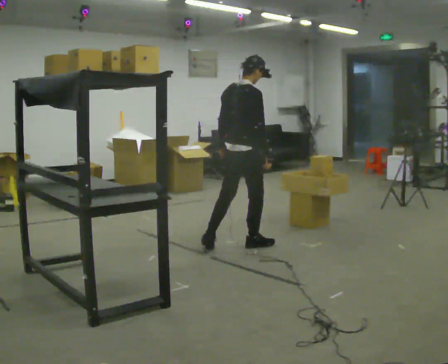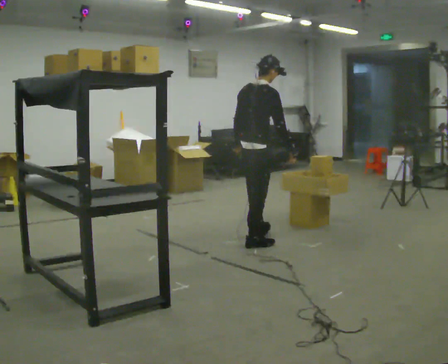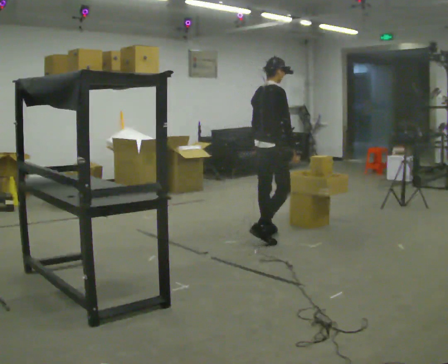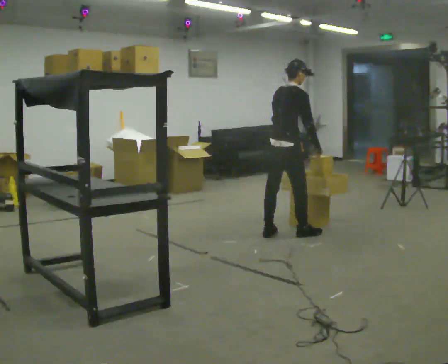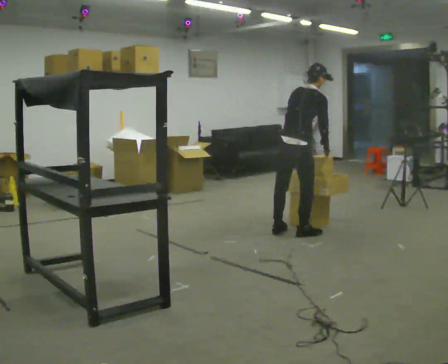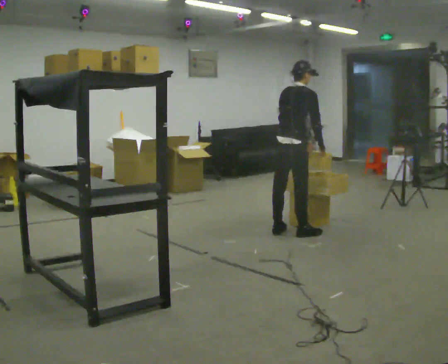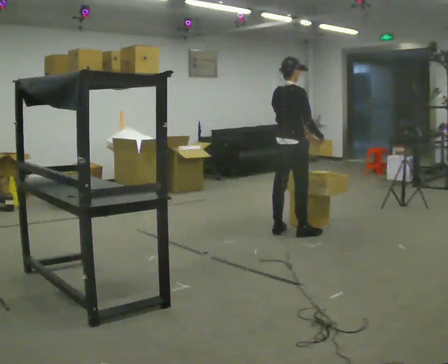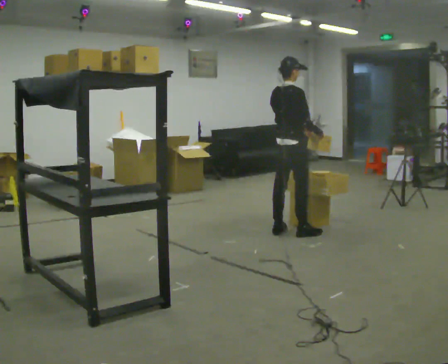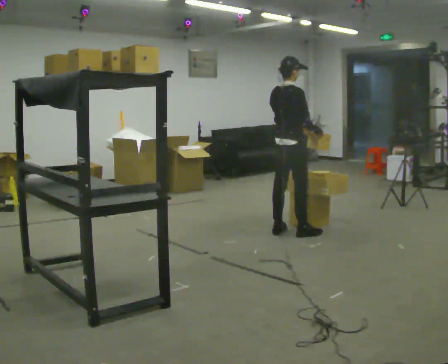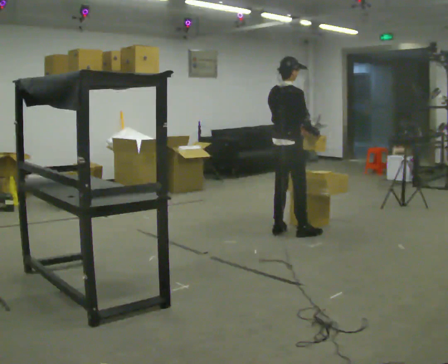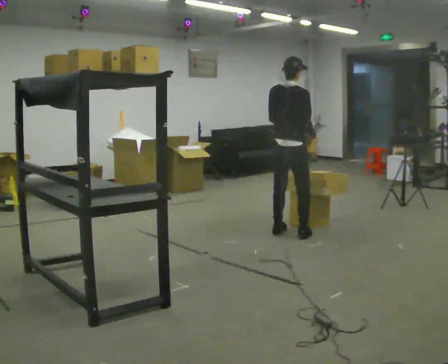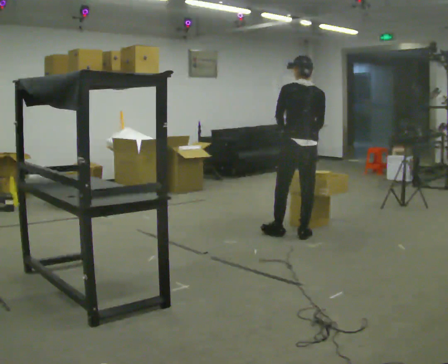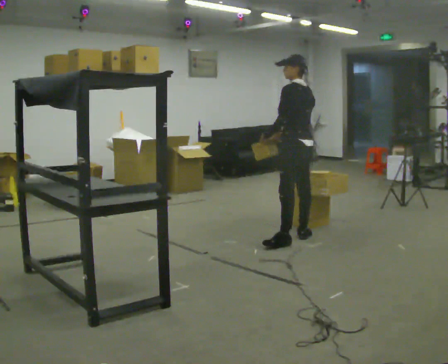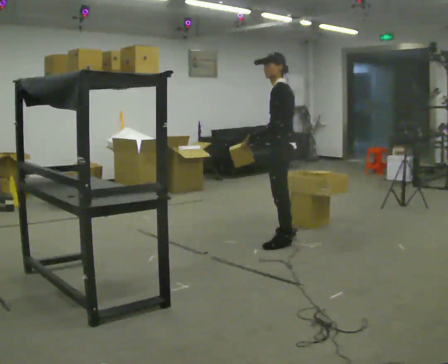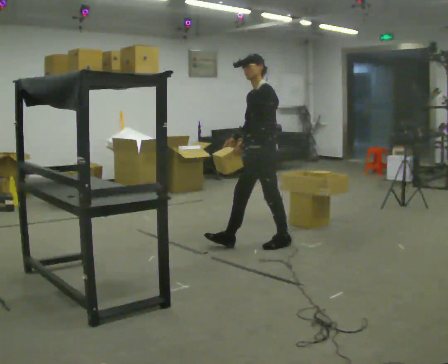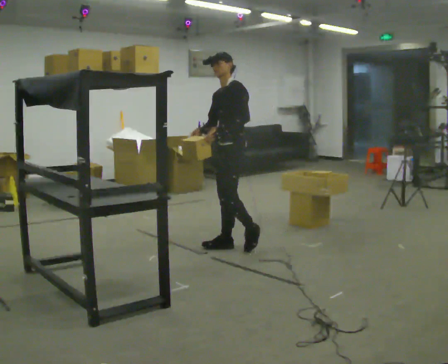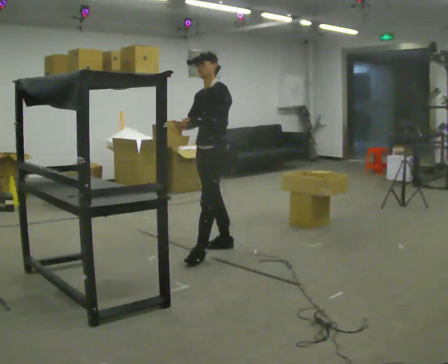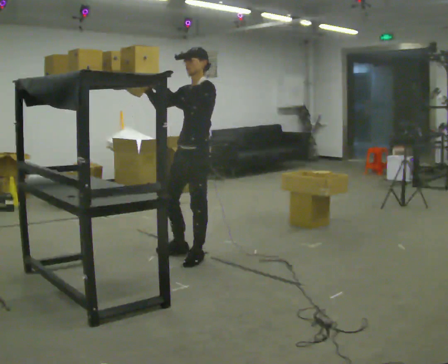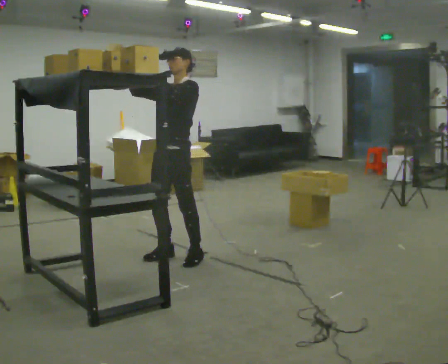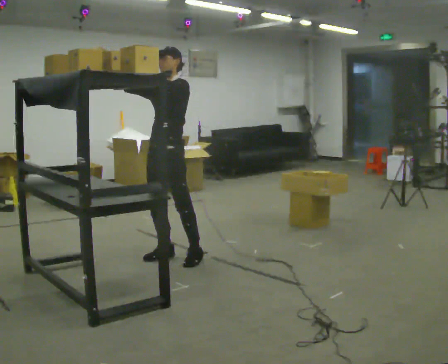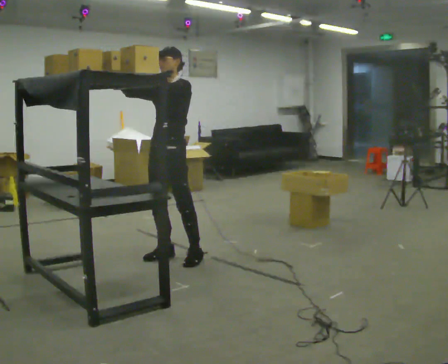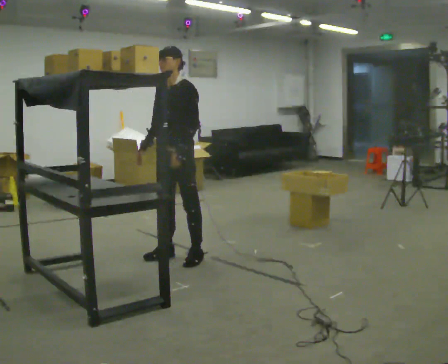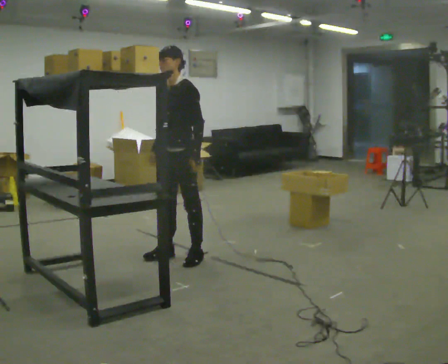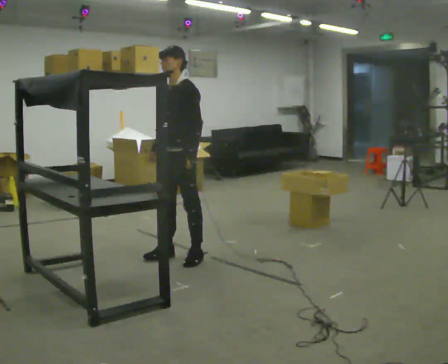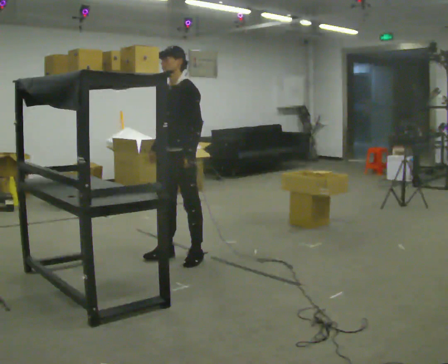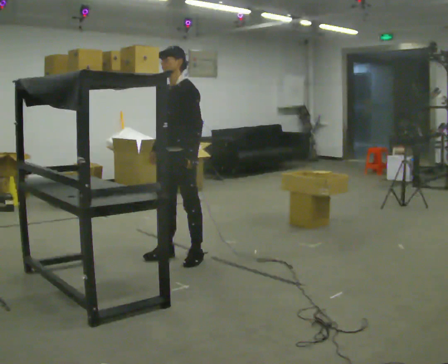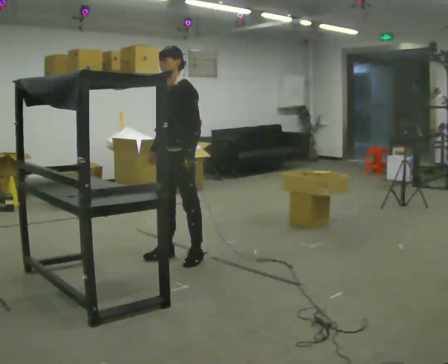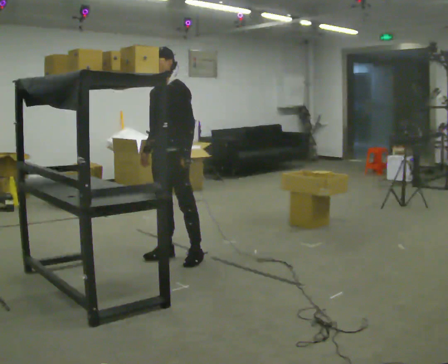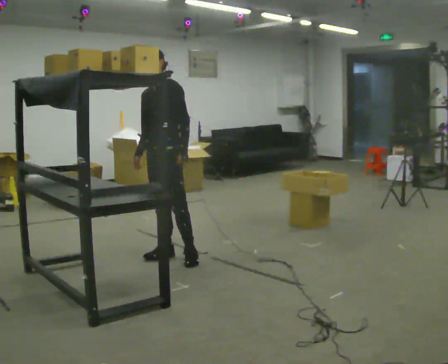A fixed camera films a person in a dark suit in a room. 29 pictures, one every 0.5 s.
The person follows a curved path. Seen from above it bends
clockwise.
0.0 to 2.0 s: In the picture they go to the right and away from the camera, about 0.5 m in 3 steps, which for them is forward. In the picture the upper body tilts clockwise, shoulders to the right, as they bend forward.
2.0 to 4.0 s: In the picture the upper body tilts counterclockwise, shoulders to the left, as they lean back or straighten.
4.0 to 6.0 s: The person turns about 105 degrees to their left, counterclockwise seen from above, so the part of the body nearest the lens slides to the right. In the picture they go toward the camera, about 0.25 m in 1 step.
6.0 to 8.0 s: The person turns about 75 degrees to their left, counterclockwise seen from above, so the part of the body nearest the lens slides to the right. In the picture they go to the left, about 1 m in 2 steps.
8.0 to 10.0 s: In the picture they go to the left and toward the camera, about 0.5 m in 1 step, which for them is forward. In the picture their right hand goes upward, the arm swinging clockwise.
10.0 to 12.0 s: In the picture their right hand goes downward, the arm swinging counterclockwise.
12.0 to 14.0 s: The person moves a little, or ends about where they began.
The film runs forward here.
